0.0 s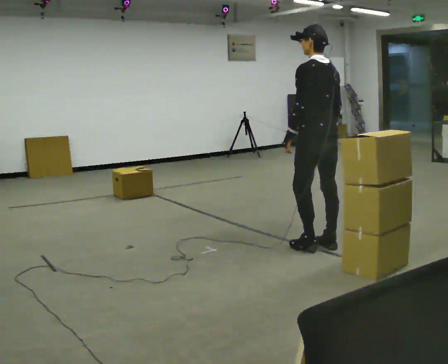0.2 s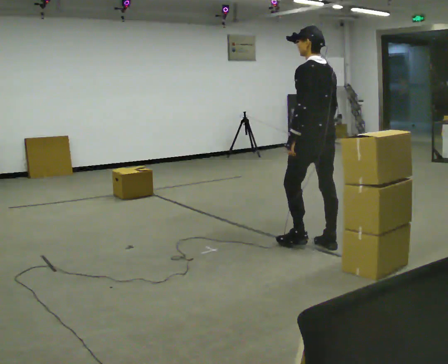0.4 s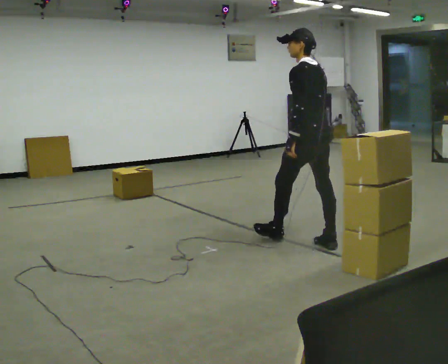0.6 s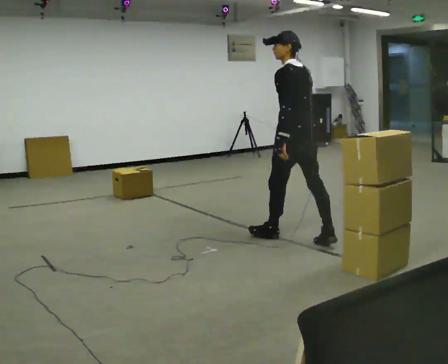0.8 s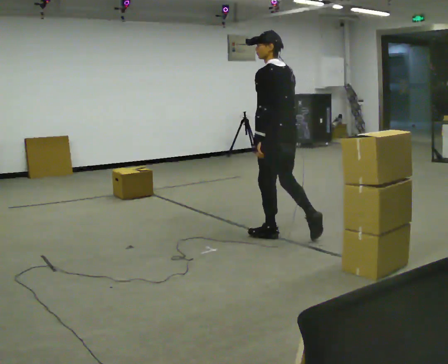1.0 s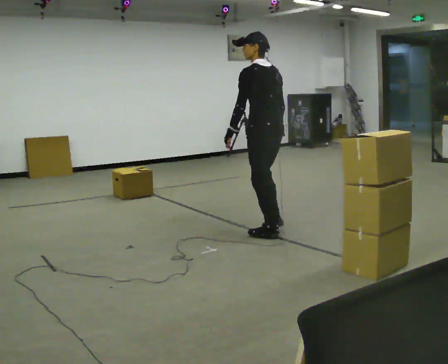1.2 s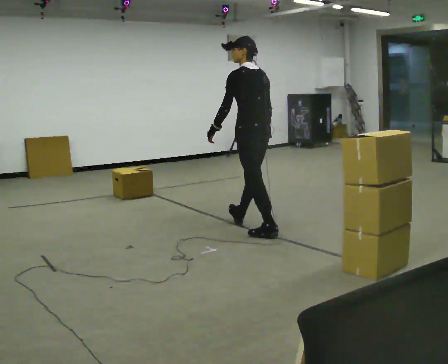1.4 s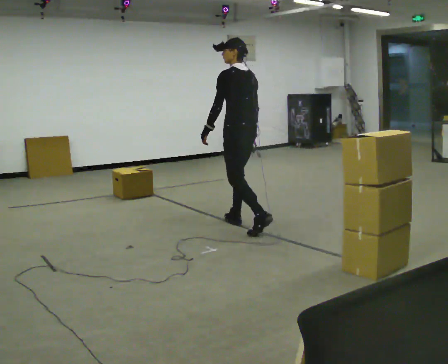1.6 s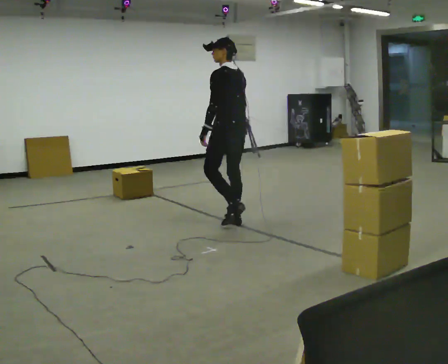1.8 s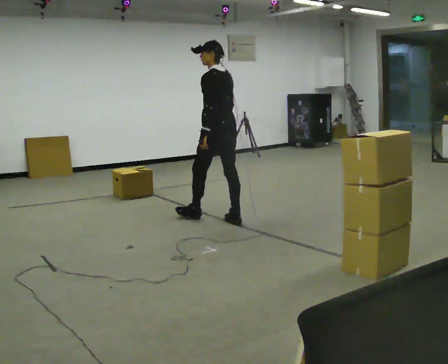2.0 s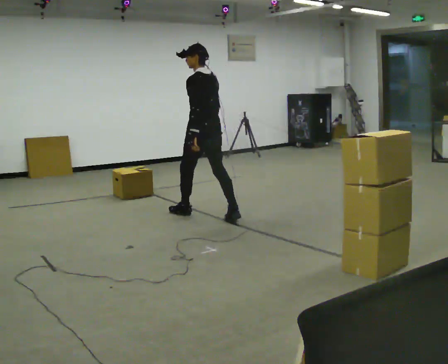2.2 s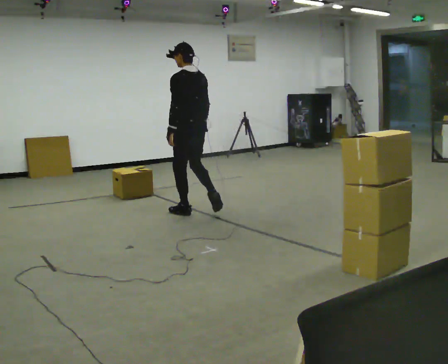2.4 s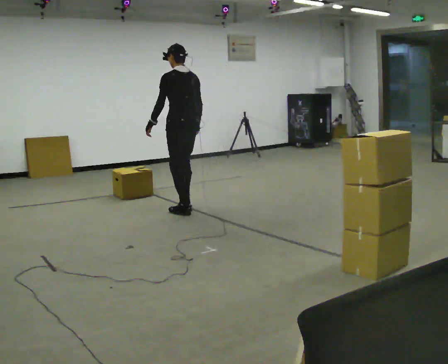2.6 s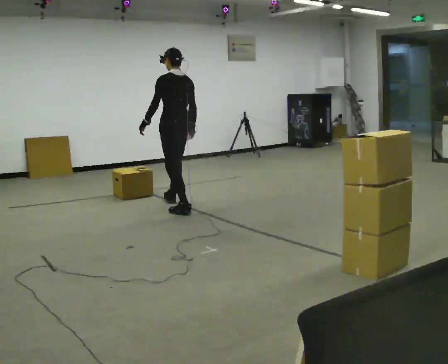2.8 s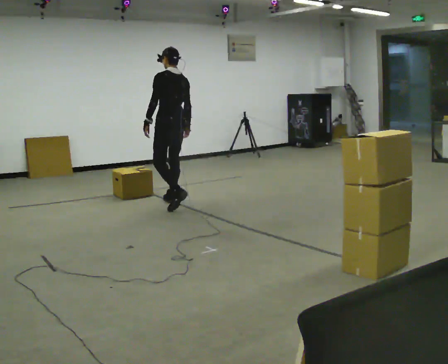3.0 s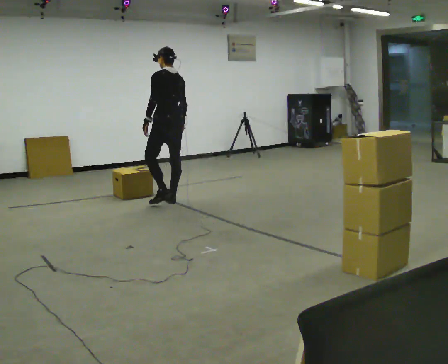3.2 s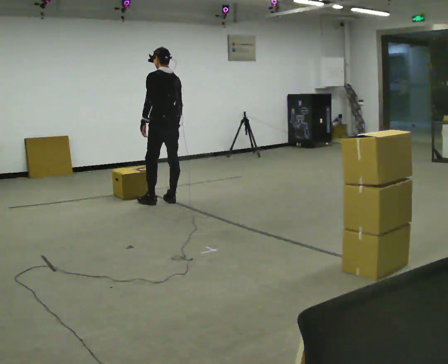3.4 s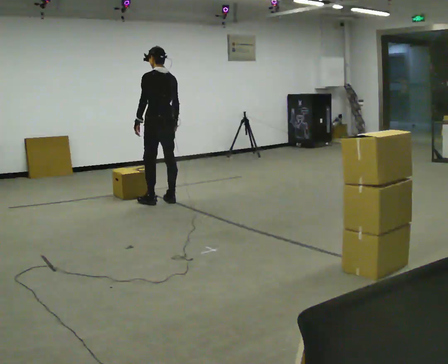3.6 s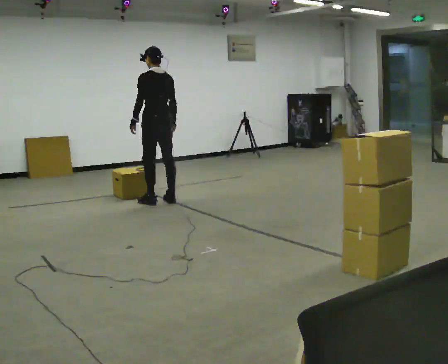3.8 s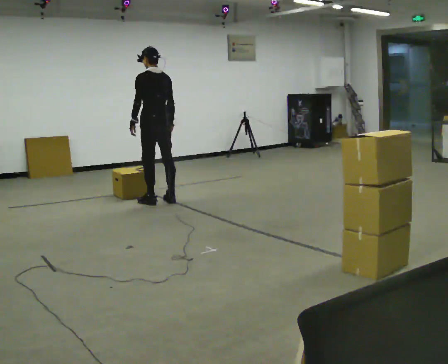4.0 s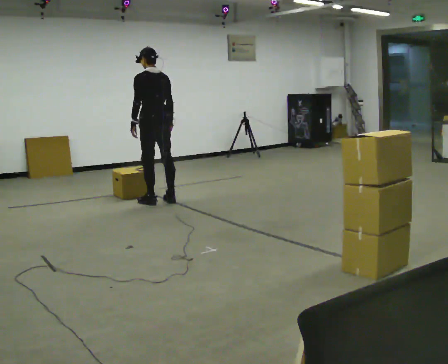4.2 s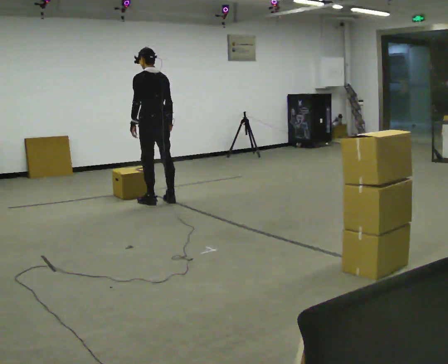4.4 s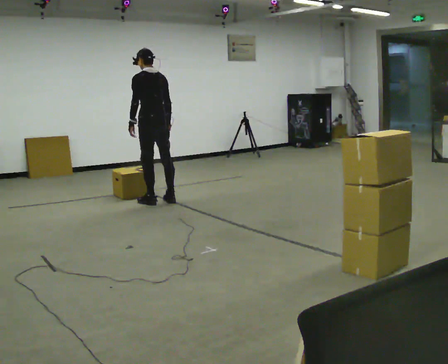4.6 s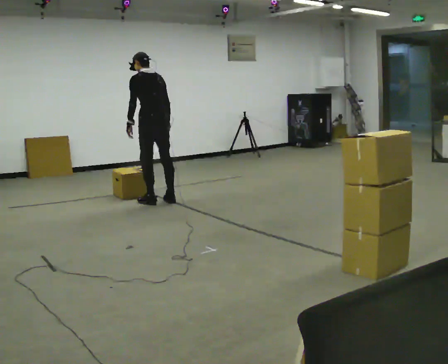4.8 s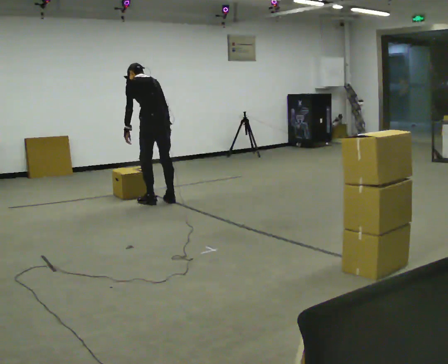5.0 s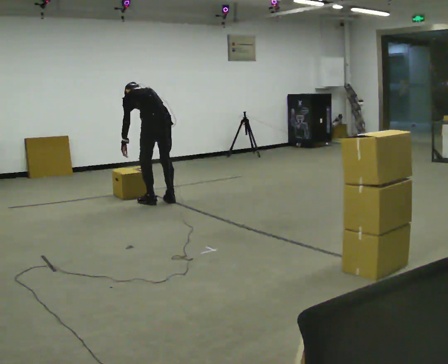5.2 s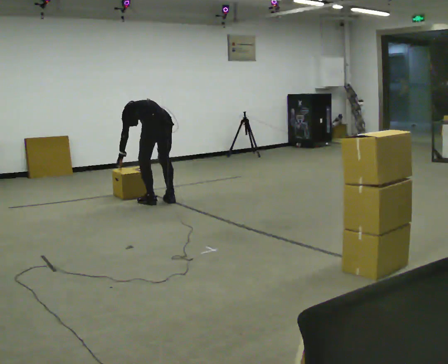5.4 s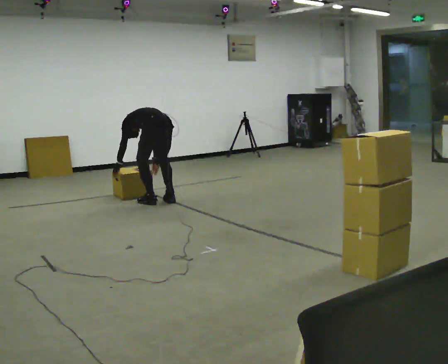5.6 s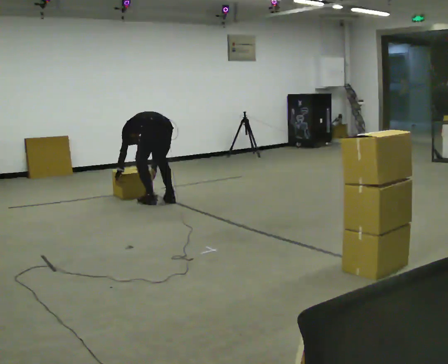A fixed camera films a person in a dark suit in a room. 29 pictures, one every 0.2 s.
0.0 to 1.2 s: In the picture they go away from the camera and to the left, about 0.75 m in 1 step, which for them is forward.
1.2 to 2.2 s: In the picture they go away from the camera and to the left, about 1 m in 2 steps, which for them is forward.
2.2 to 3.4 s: In the picture they go away from the camera and to the left, about 0.5 m in 2 steps, which for them is forward.
3.4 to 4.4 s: The person moves a little, or ends about where they began.
4.4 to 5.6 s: The upper body goes downward. The upper body tips away from the camera, its near side rolling upward, as they bend forward. In the picture their right hand goes downward.
The film runs forward here.
